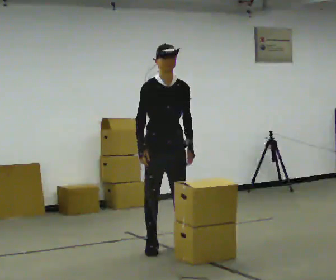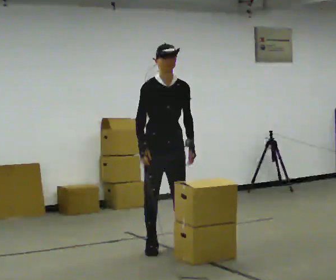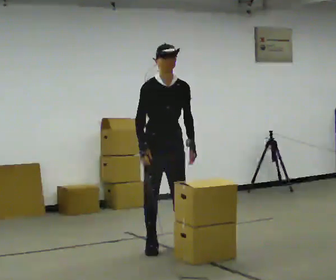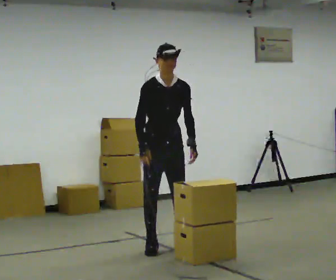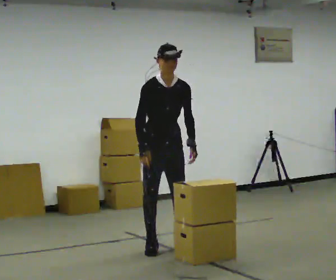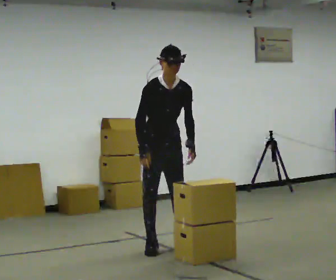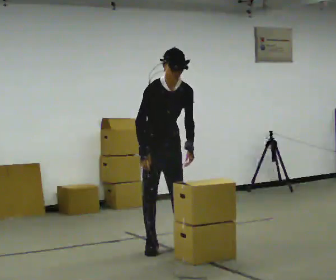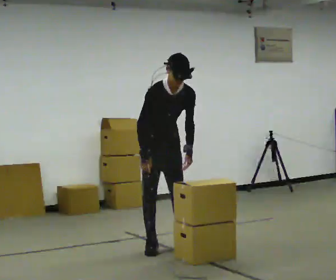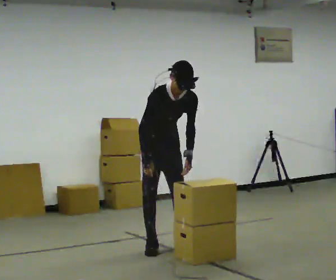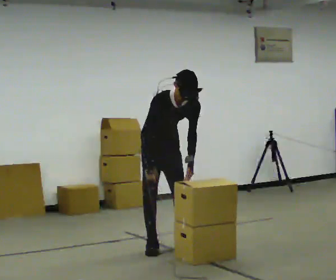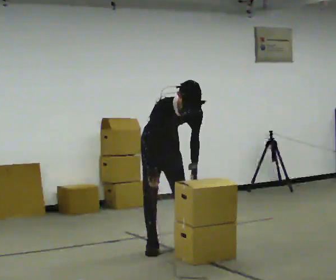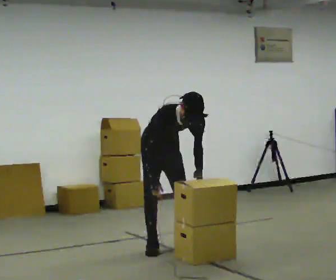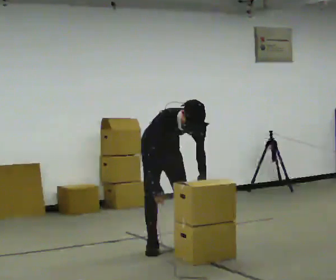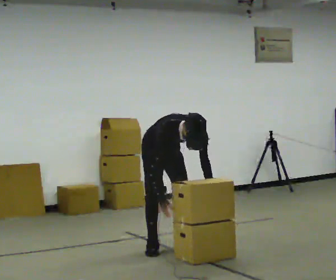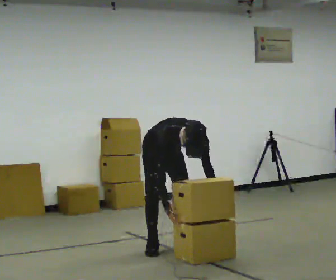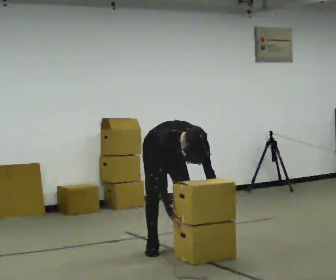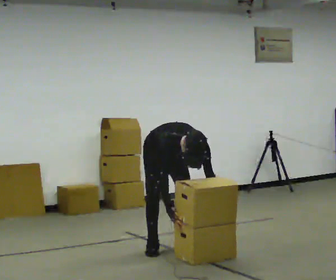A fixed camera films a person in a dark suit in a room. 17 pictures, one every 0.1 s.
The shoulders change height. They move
downward.
Their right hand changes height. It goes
downward.
0.0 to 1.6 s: The upper body goes downward. The upper body tips toward the camera, its near side rolling downward, as they bend forward. In the picture their left hand goes downward.
The film runs backward here.
